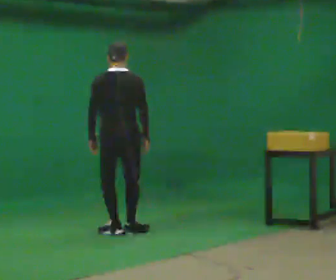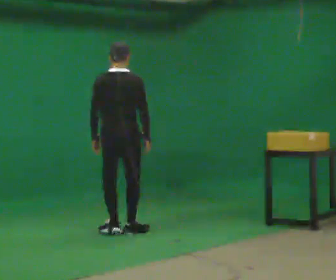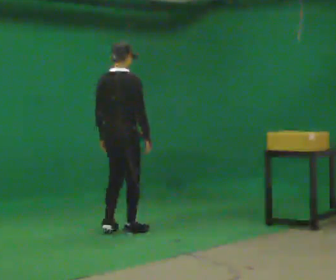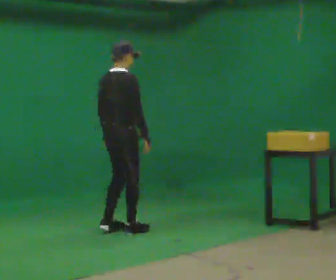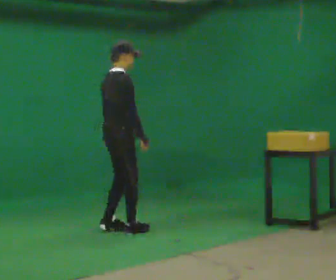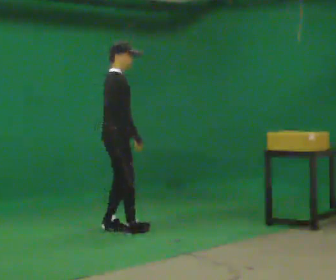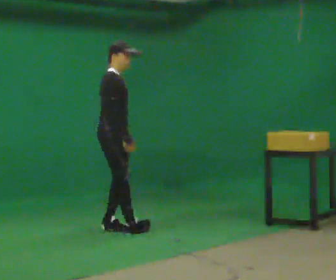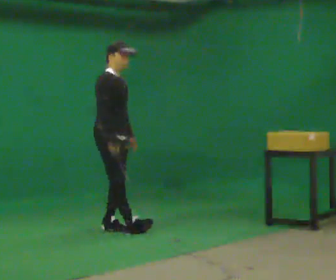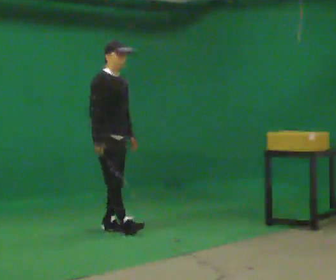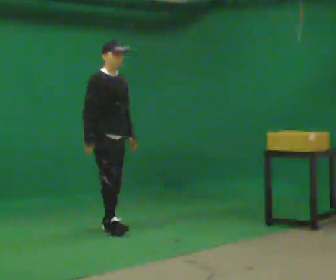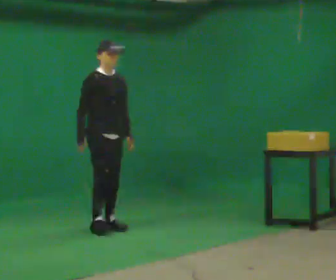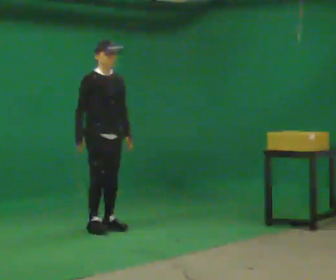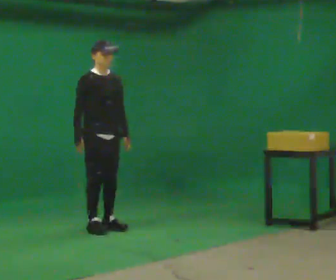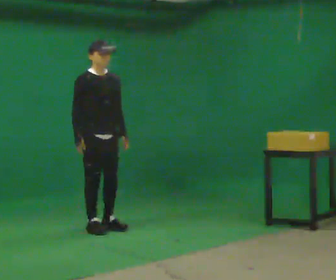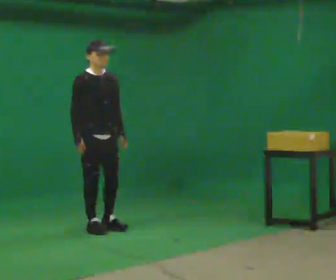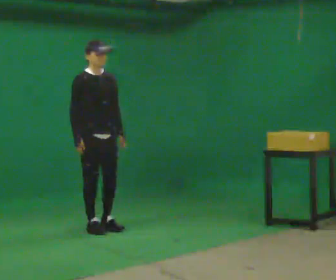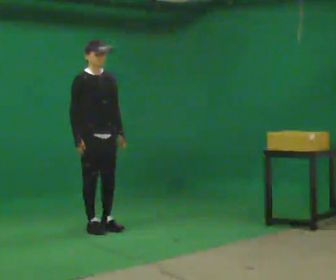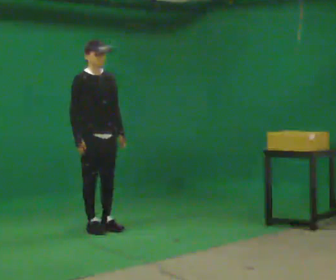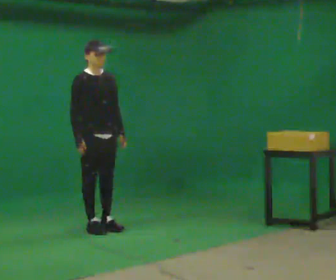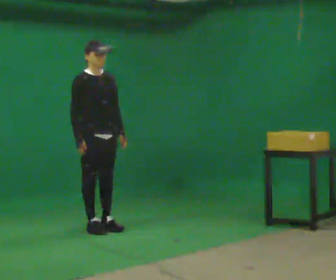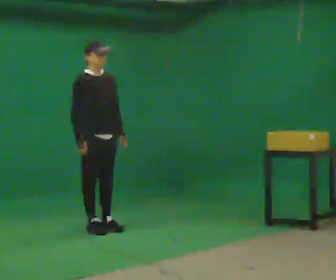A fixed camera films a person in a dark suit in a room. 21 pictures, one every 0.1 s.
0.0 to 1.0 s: Seen from above the body turns clockwise, about 120 degrees: to their right, with its near side sliding to the left. In the picture they go to the left, about 0.25 m in 1 step.
1.0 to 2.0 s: The person moves a little, or ends about where they began.
The film runs forward here.
